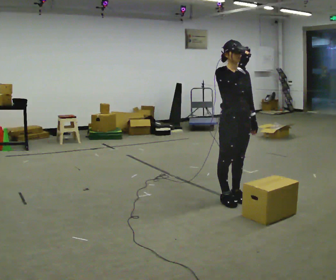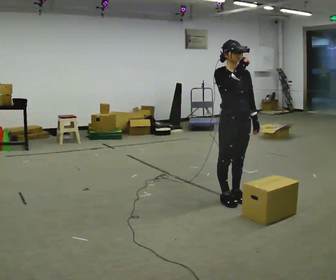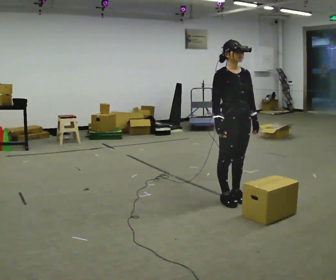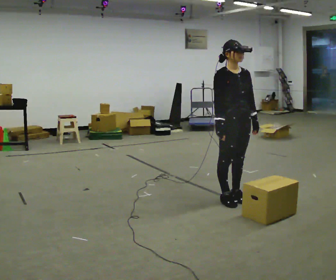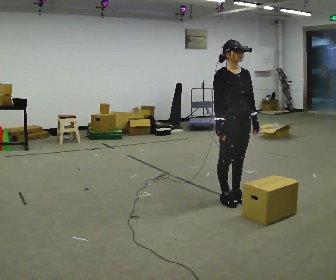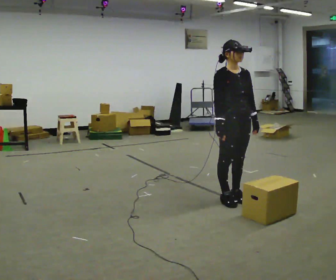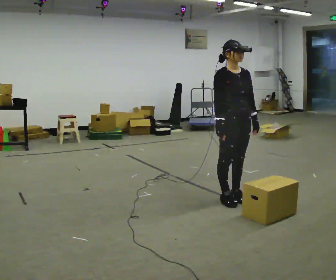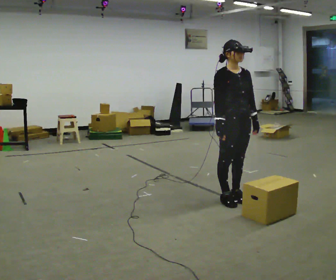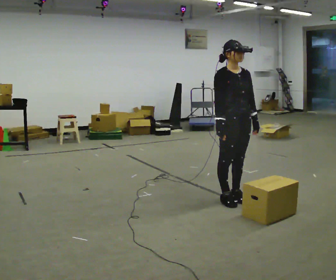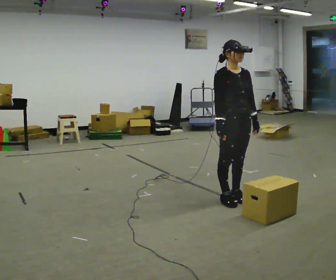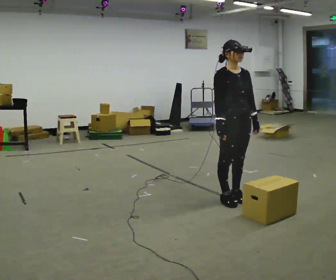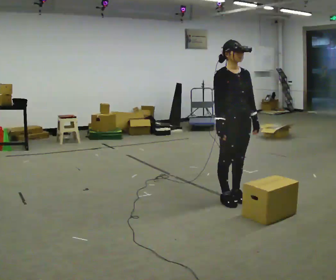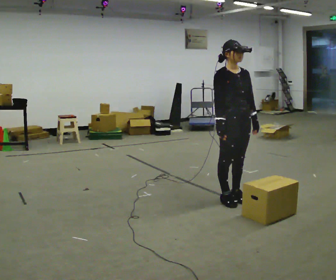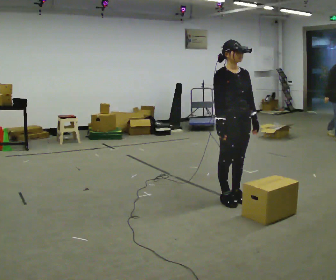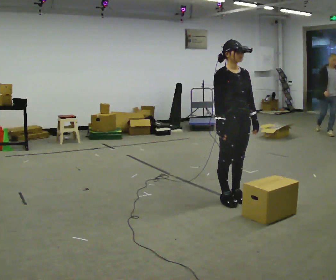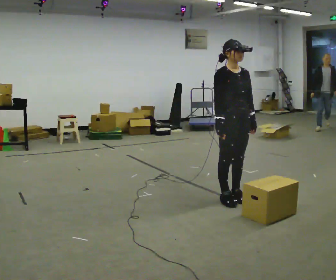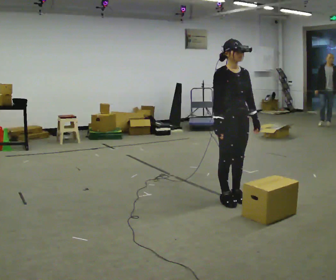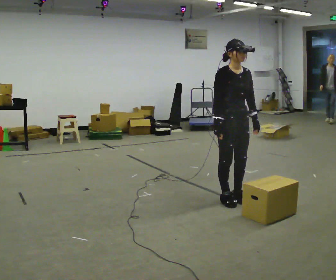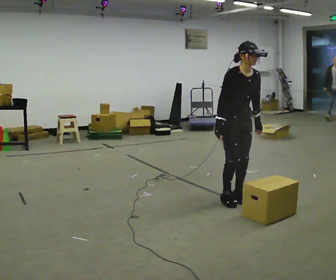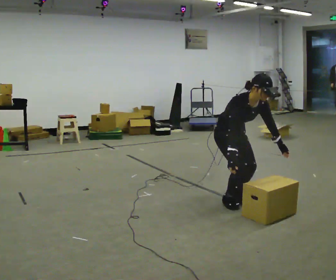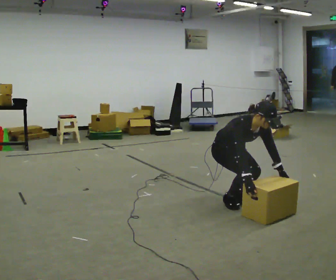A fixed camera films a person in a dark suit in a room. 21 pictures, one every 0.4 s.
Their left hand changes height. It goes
downward.
Their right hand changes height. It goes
downward.
0.0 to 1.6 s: In the picture their right hand goes downward.
1.6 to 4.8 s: The person keeps their place and pose.
4.8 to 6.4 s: The person moves a little, or ends about where they began.
6.4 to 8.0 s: The shoulders move downward. In the picture the upper body tilts clockwise, shoulders to the right, as they bend forward. In the picture their right hand goes downward and to the right.
The film runs backward here.
